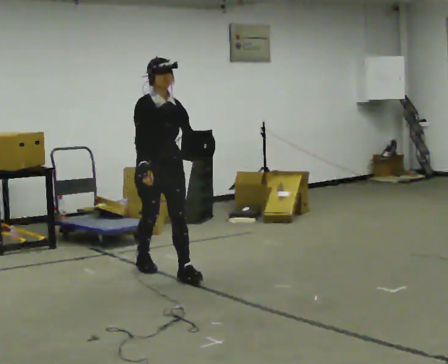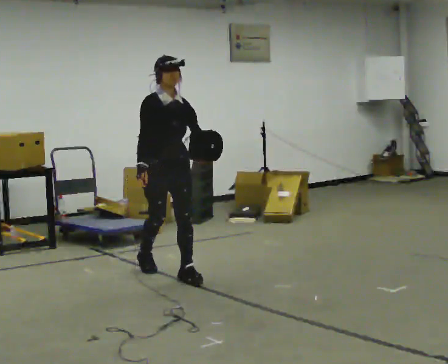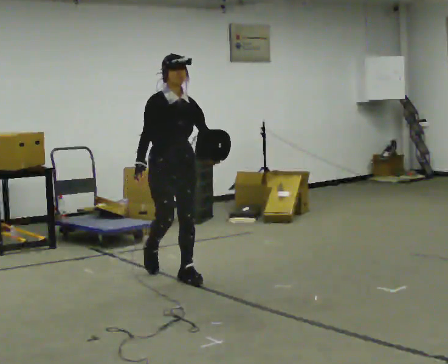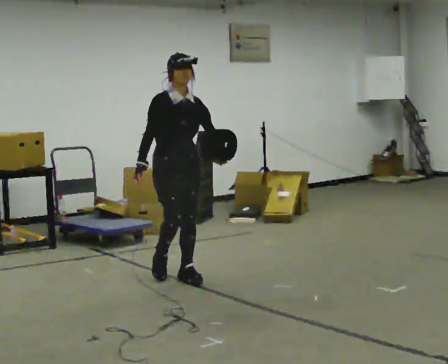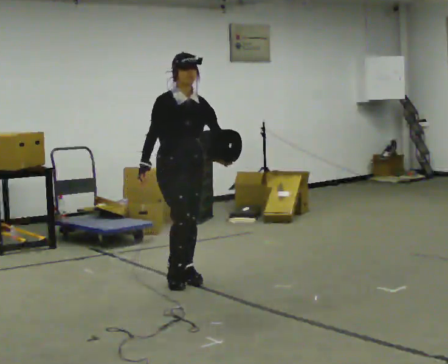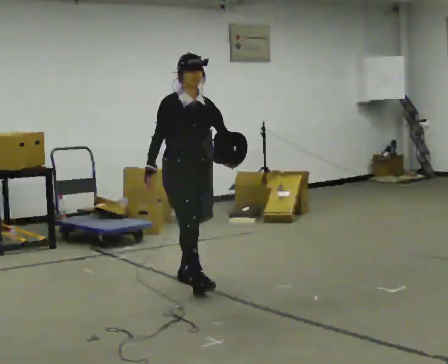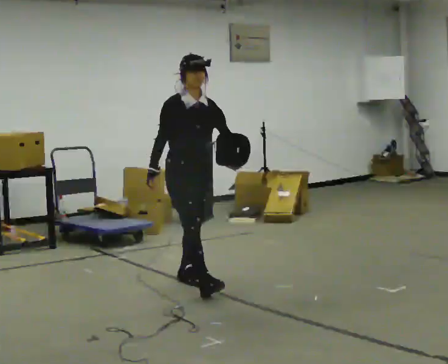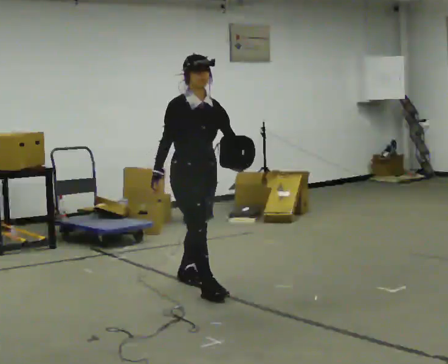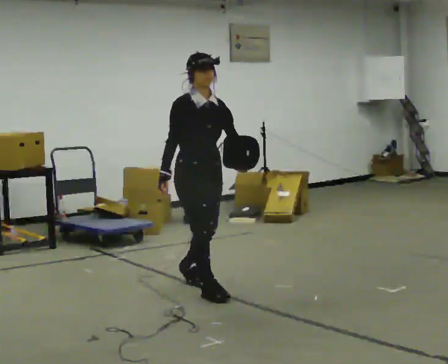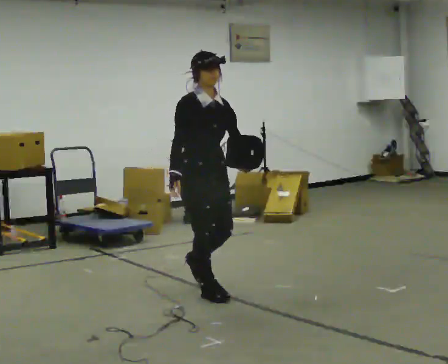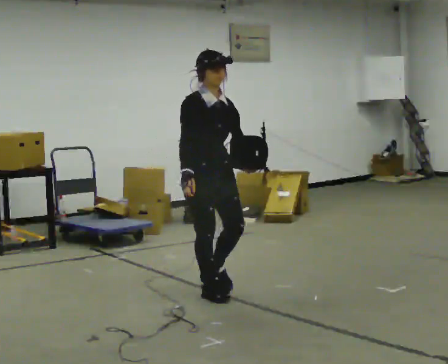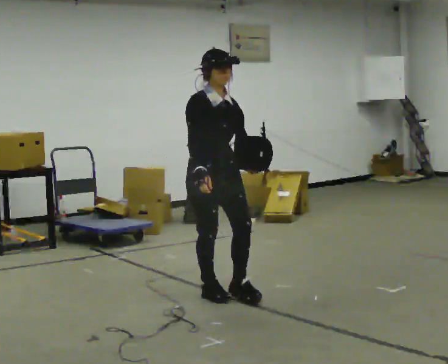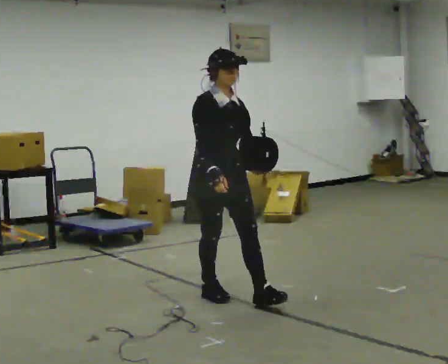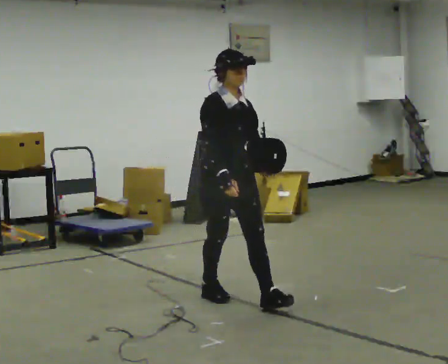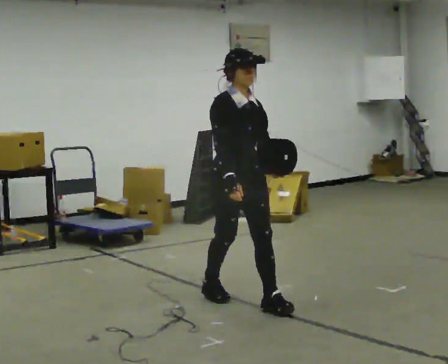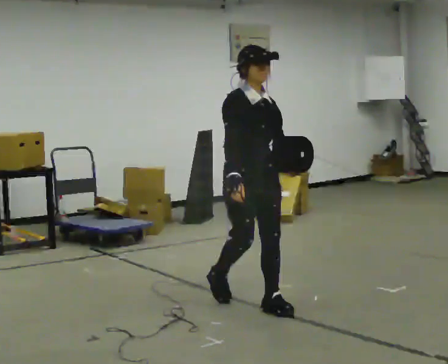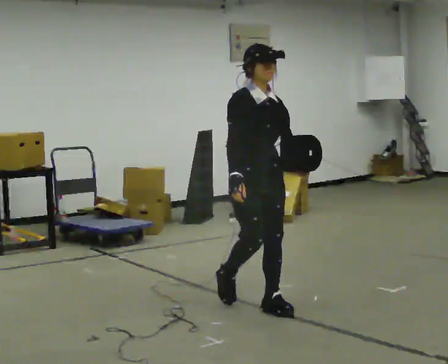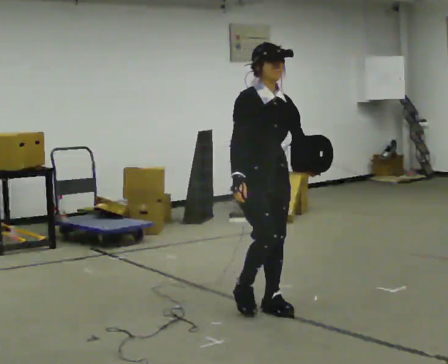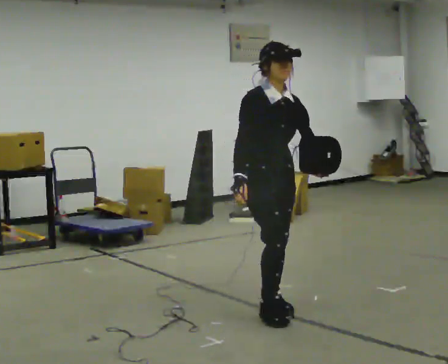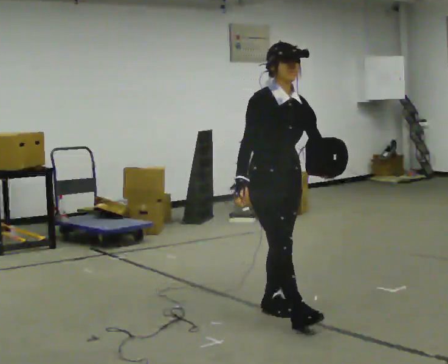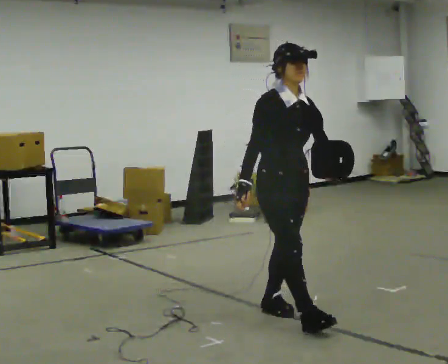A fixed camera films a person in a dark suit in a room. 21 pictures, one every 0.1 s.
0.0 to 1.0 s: In the picture they go toward the camera and to the right, about 0.5 m in 1 step, which for them is forward.
1.0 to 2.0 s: In the picture they go toward the camera and to the right, about 0.5 m in 2 steps, which for them is forward.
The film runs forward here.
